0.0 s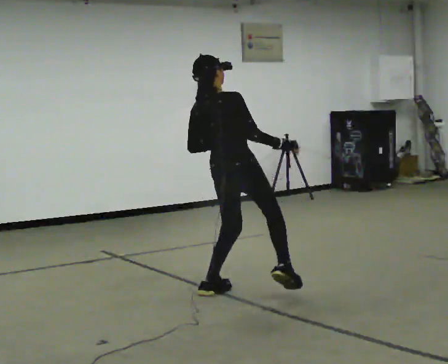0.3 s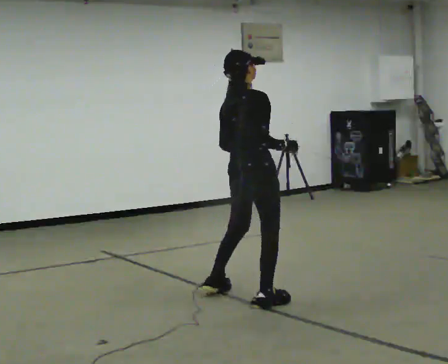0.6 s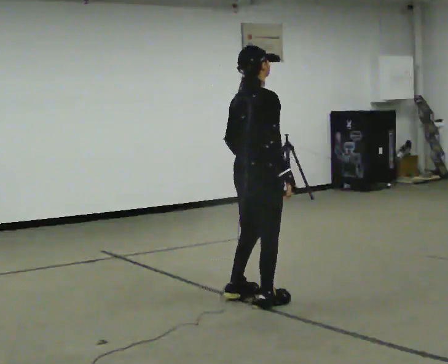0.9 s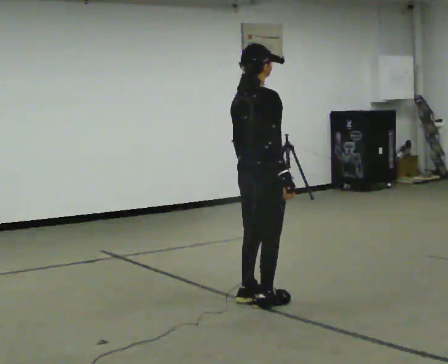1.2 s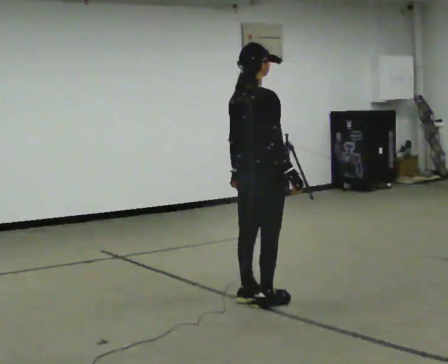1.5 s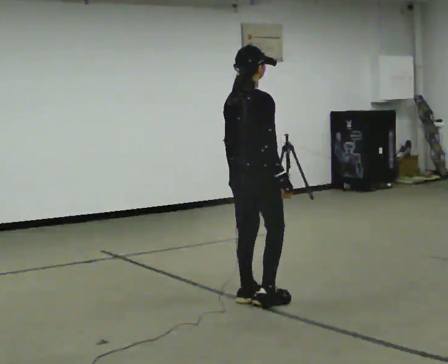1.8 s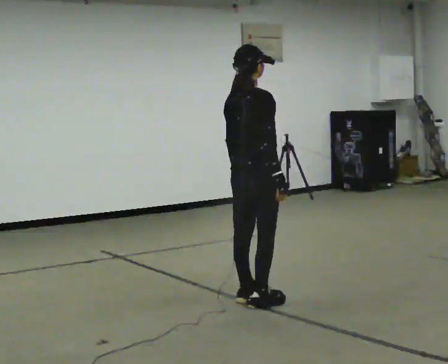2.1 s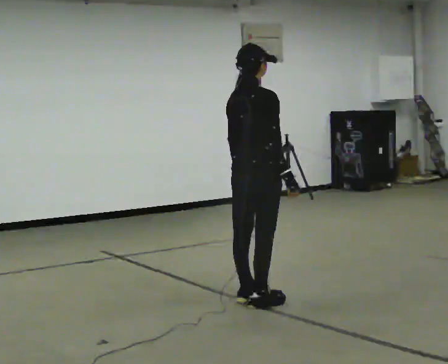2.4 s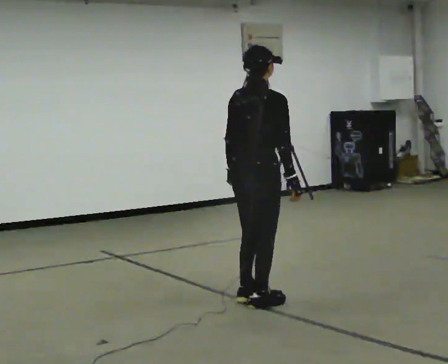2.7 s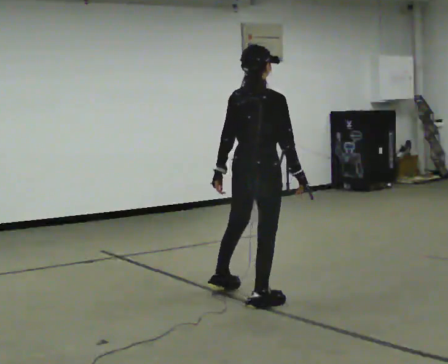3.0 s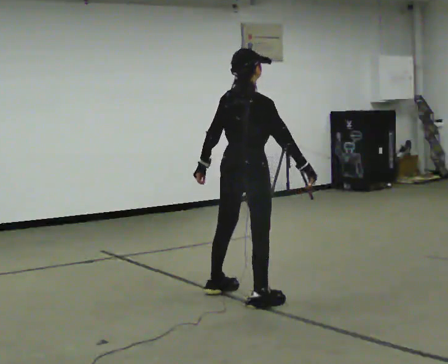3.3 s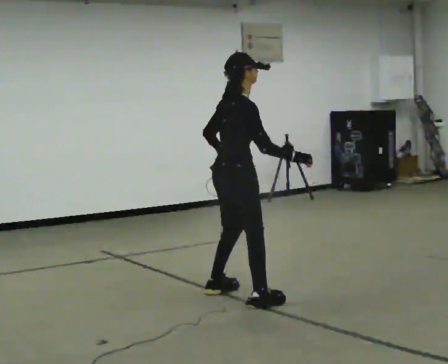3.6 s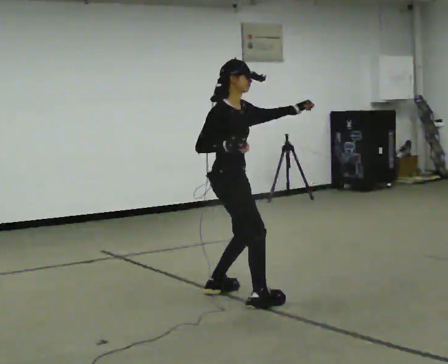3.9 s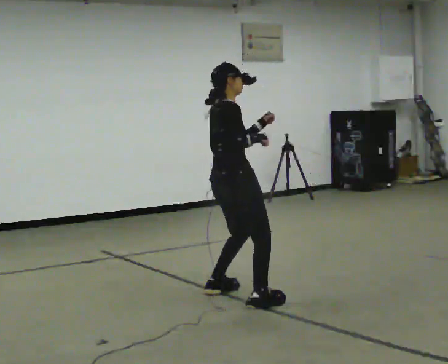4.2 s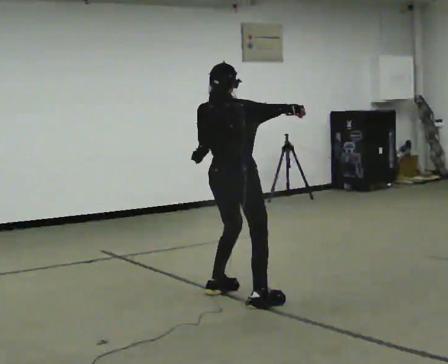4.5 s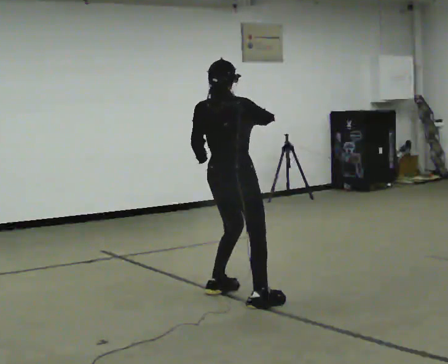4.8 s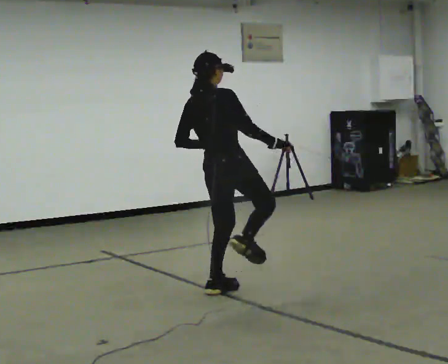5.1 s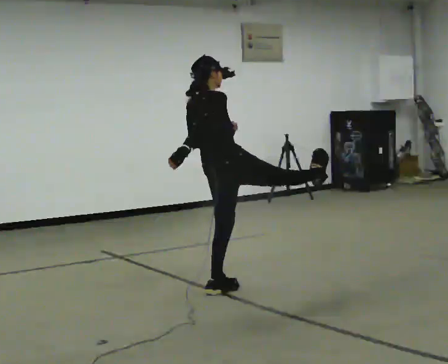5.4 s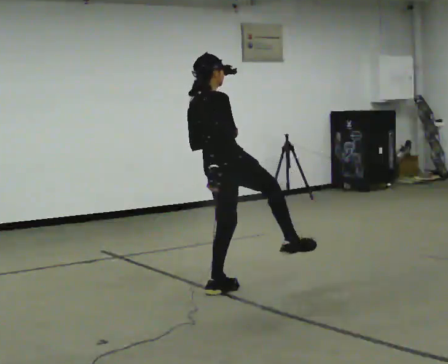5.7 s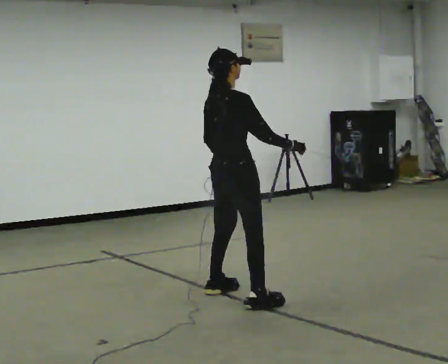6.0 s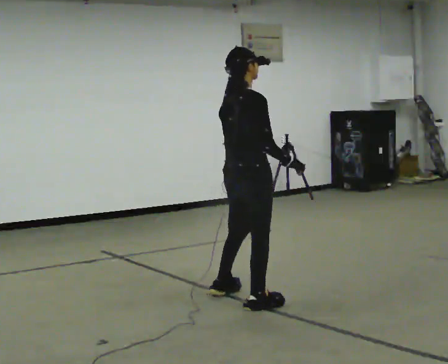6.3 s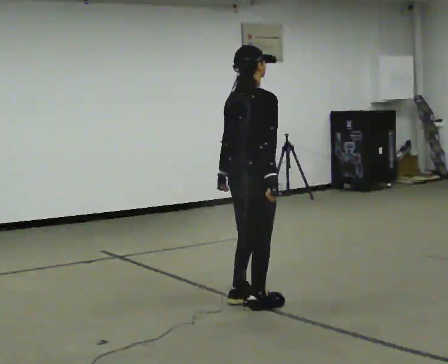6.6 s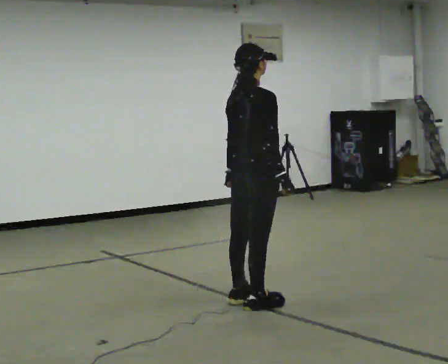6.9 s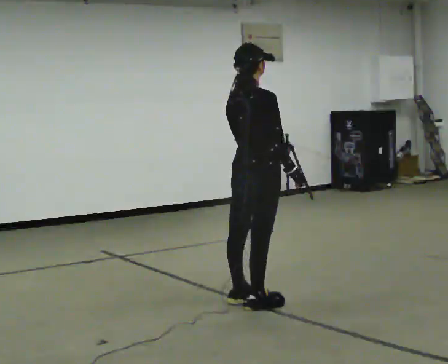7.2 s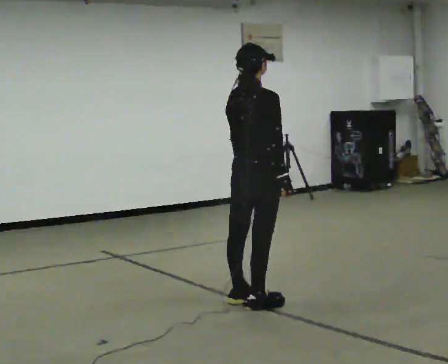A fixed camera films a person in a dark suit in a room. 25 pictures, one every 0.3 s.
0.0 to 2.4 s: In the picture they go toward the camera, about 0.25 m in 1 step, which for them is to their right. In the picture the upper body tilts clockwise, shoulders to the right.
2.4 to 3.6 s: The person turns about 60 degrees to their right, clockwise seen from above, so the part of the body nearest the lens slides to the left. In the picture they go away from the camera and to the left, about 0.25 m in 1 step. In the picture their left hand goes upward.
3.6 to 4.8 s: Seen from above the body turns counterclockwise, about 60 degrees: to their left, with its near side sliding to the right. In the picture the upper body tilts counterclockwise, shoulders to the left. In the picture their left hand goes to the left.
4.8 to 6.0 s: In the picture they go toward the camera, about 0.25 m, which for them is to their right.
6.0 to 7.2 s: The person moves a little, or ends about where they began.
The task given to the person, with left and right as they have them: Perform a slow martial arts form (https://youtu.be/ZMi83SPAP1Q?si=p1_31d3YaodeQQZT); kicks should be slow
The film runs forward here.
